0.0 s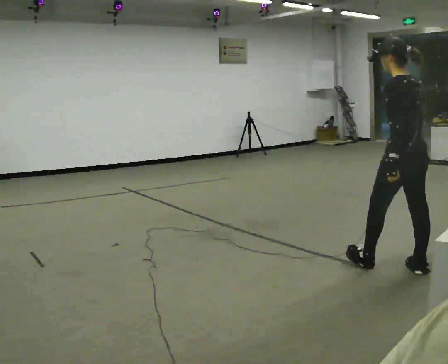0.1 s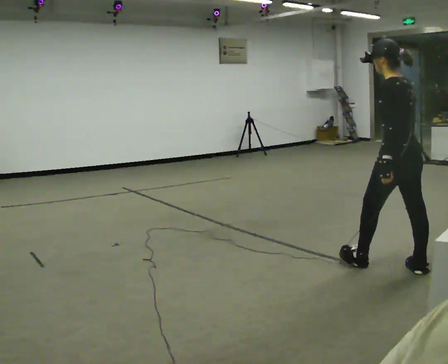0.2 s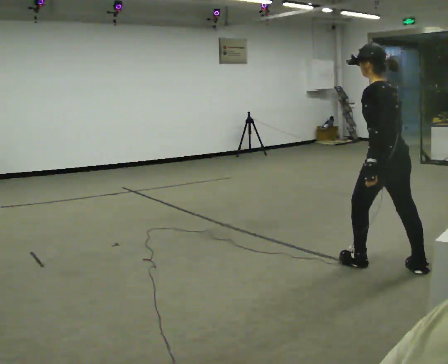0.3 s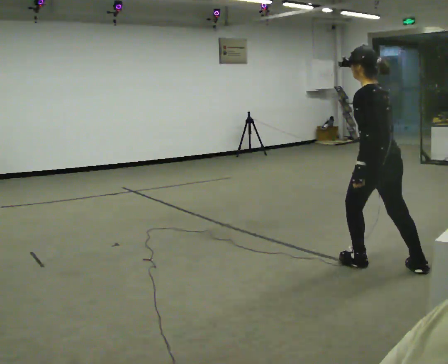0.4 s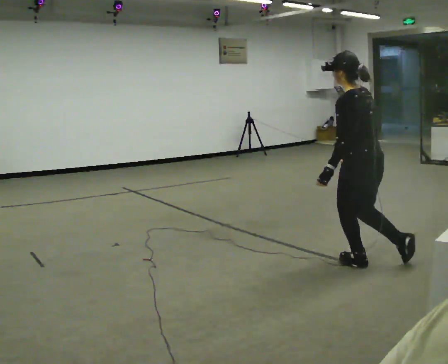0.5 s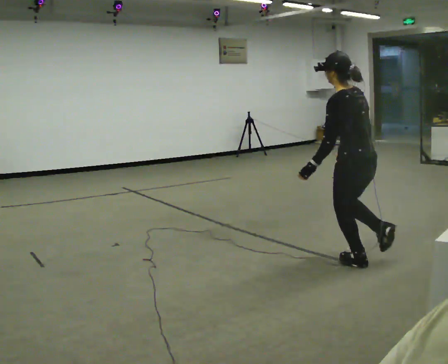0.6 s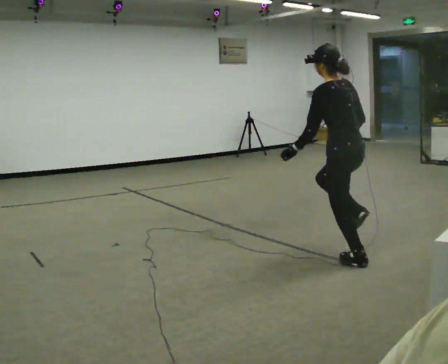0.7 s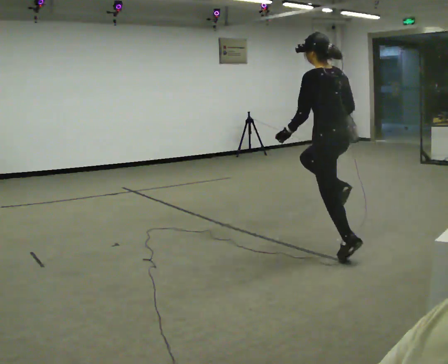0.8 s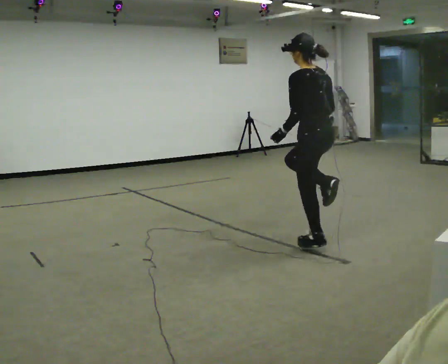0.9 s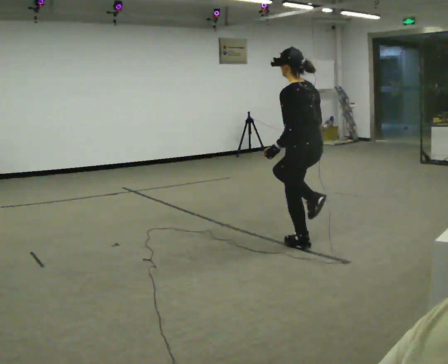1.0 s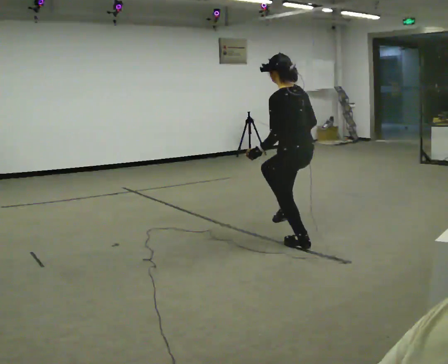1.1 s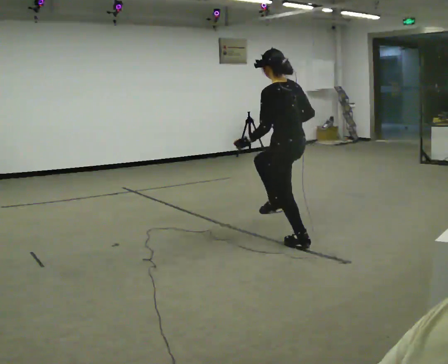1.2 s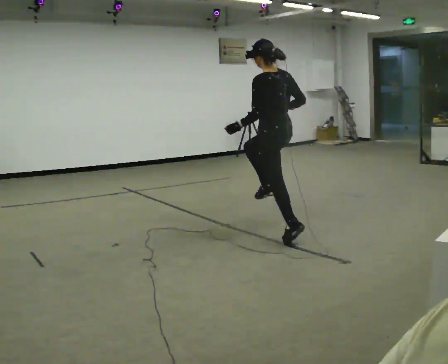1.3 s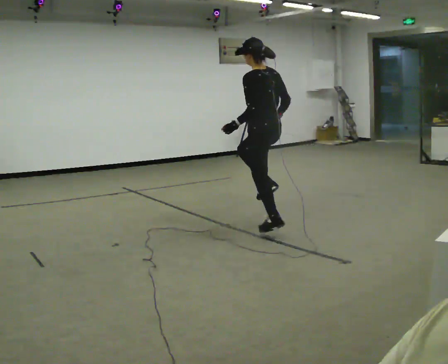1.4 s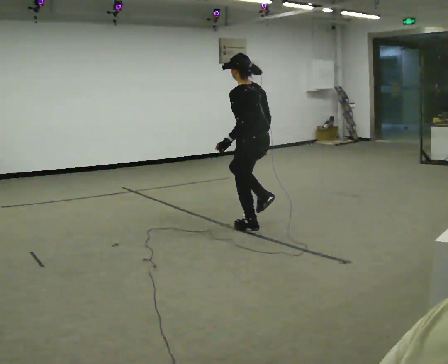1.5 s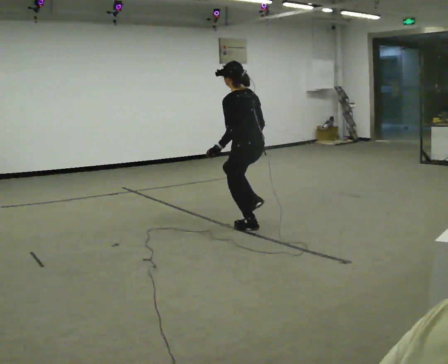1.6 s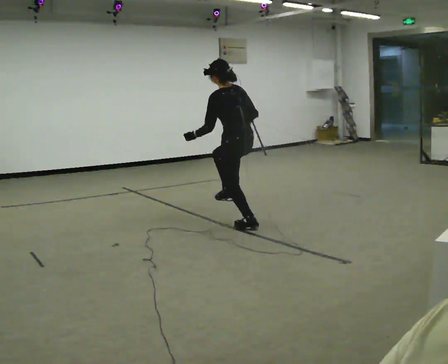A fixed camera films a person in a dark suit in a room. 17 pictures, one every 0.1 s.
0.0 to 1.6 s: In the picture they go away from the camera and to the left, about 2 m in 3 steps, which for them is forward.
The film runs forward here.
